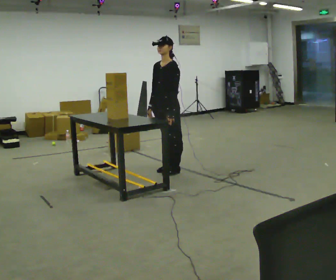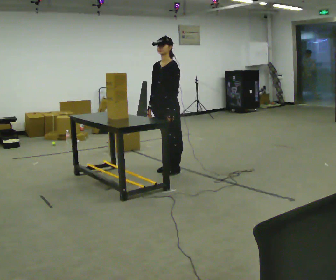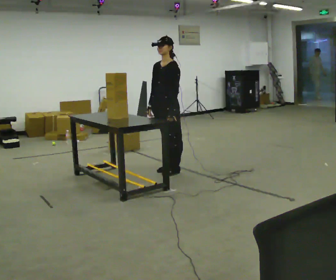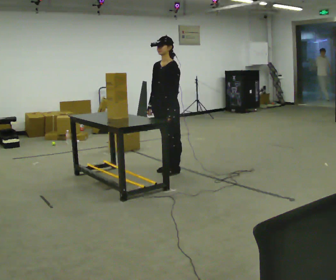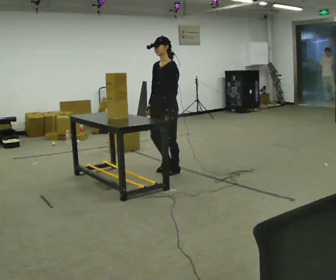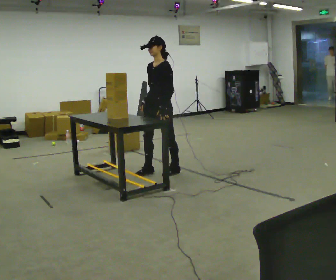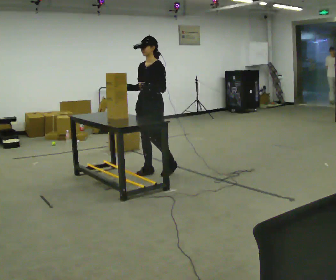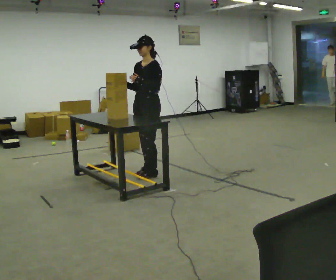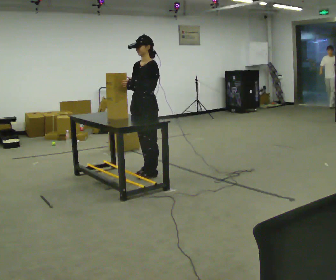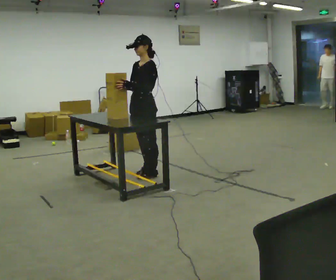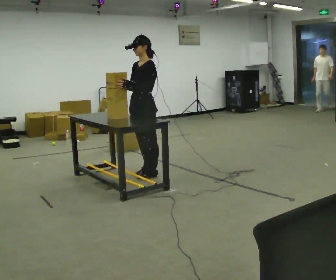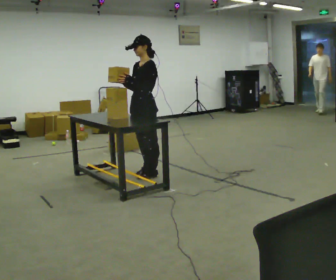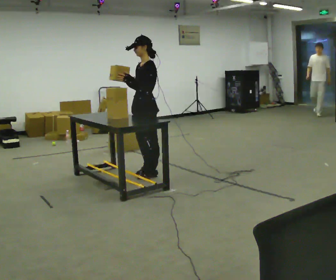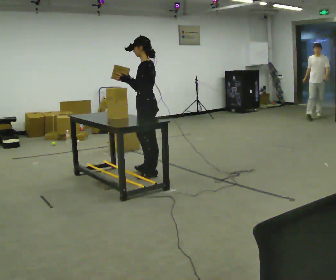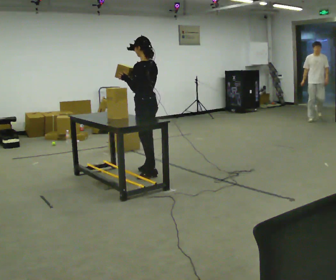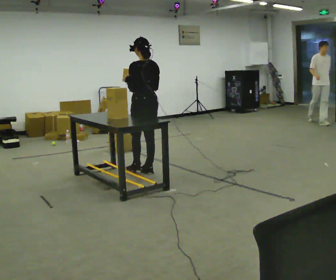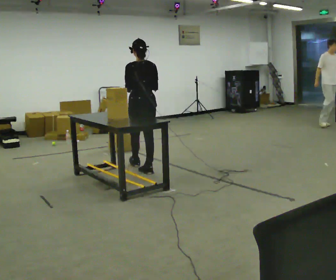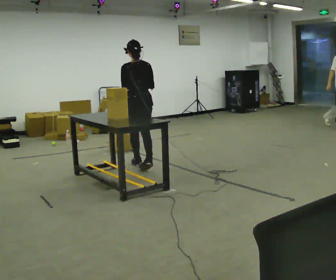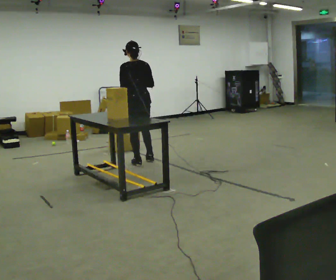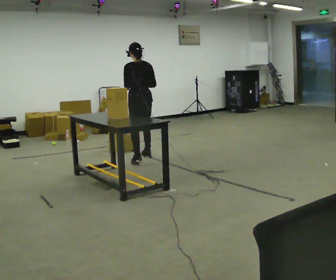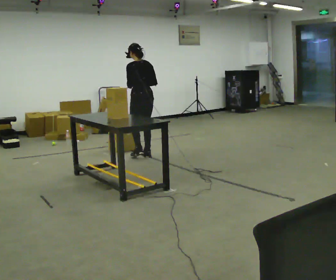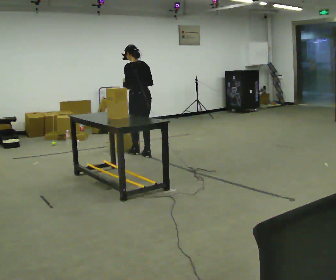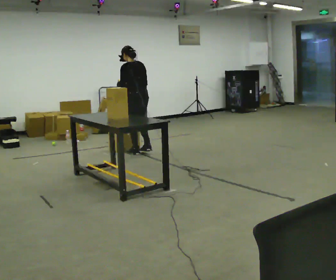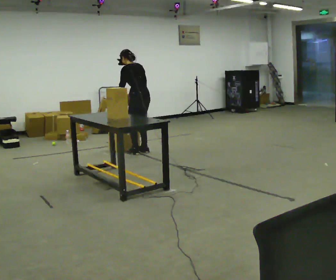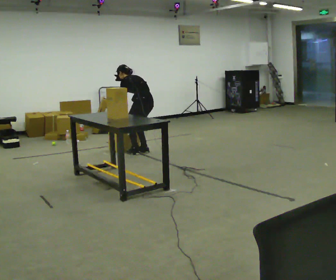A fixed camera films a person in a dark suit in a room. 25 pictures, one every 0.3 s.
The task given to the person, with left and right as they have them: Take objects off the shelf one at a time and put them into the bin on the floor beside you, stepping between the shelf and the bin each time. Keep going until the operator says stop; one object at a time, and do not rush between trips.
0.0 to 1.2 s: The person moves a little, or ends about where they began.
1.2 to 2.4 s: In the picture they go to the left, about 0.25 m in 2 steps, which for them is forward. In the picture their right hand goes to the left.
2.4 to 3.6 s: The person moves a little, or ends about where they began.
3.6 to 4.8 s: The person turns about 90 degrees to their right, clockwise seen from above, so the part of the body nearest the lens slides to the left. In the picture they go away from the camera, about 0.25 m.
4.8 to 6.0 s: In the picture they go away from the camera, about 0.75 m in 2 steps, which for them is forward.
6.0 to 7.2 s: In the picture they go away from the camera, about 0.25 m in 2 steps, which for them is forward. The shoulders move downward. The upper body tips away from the camera, its near side rolling upward, as they bend forward. In the picture their right hand goes downward.
The film runs forward here.
